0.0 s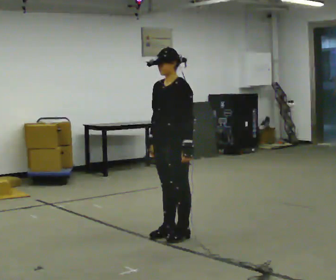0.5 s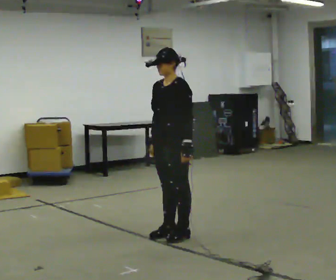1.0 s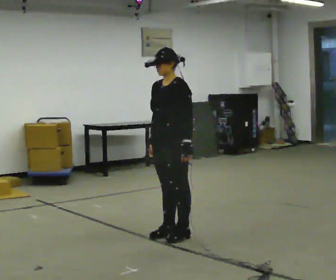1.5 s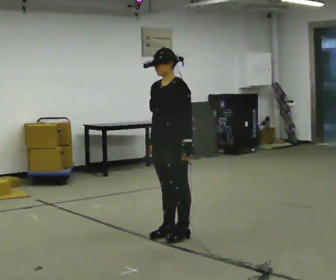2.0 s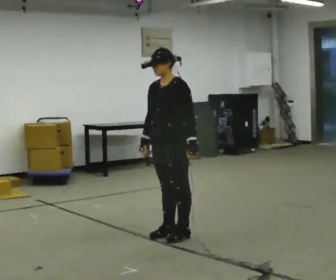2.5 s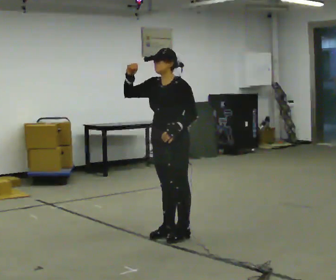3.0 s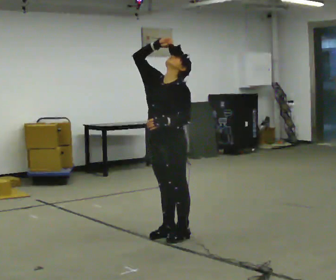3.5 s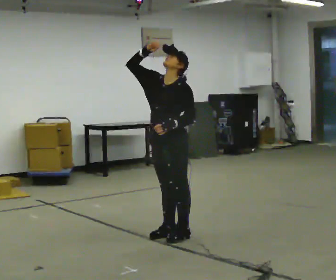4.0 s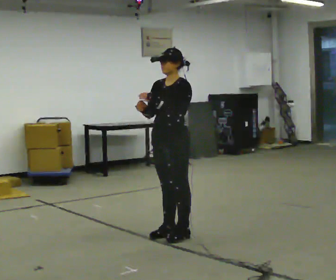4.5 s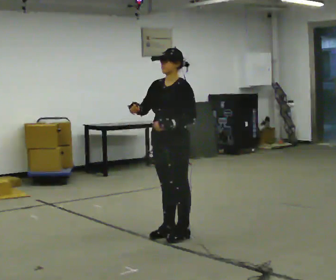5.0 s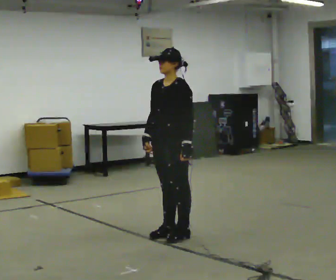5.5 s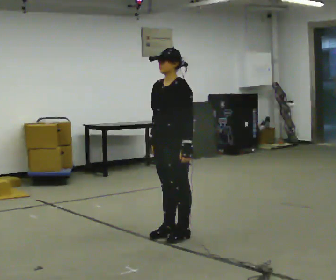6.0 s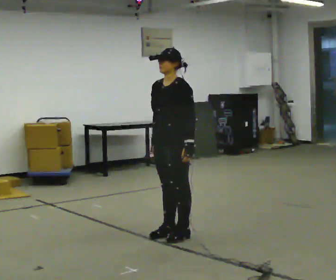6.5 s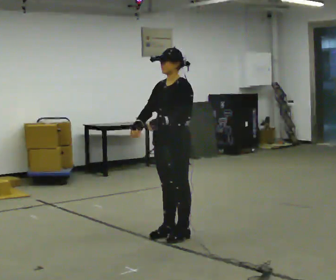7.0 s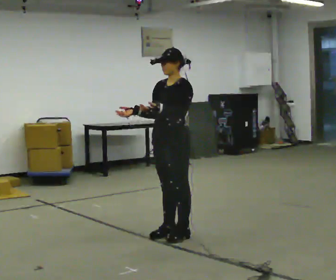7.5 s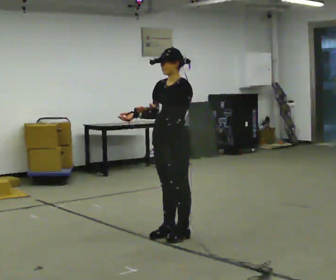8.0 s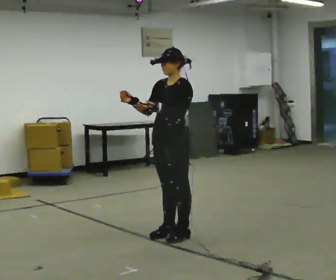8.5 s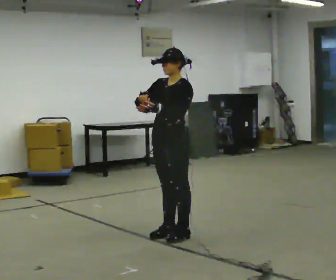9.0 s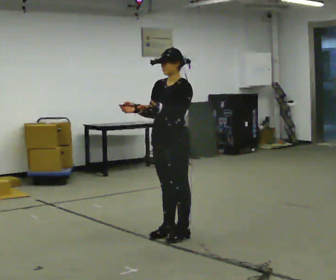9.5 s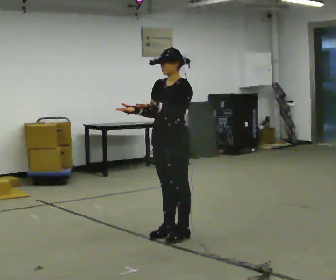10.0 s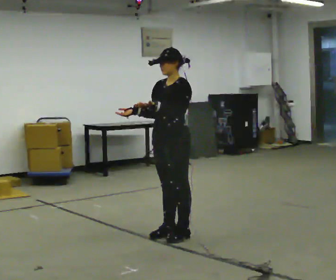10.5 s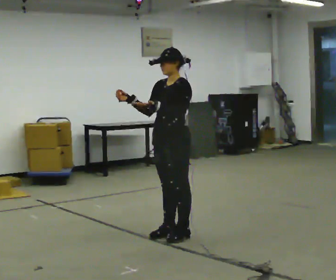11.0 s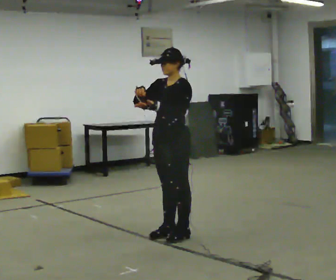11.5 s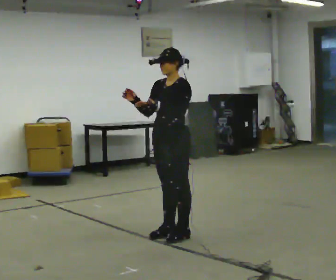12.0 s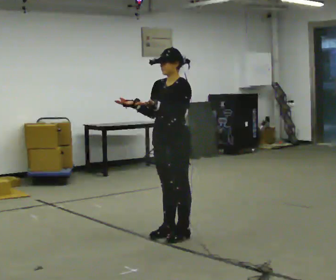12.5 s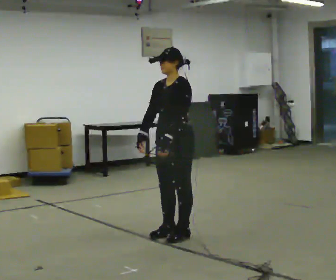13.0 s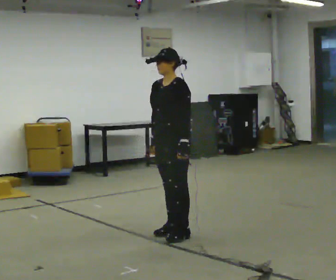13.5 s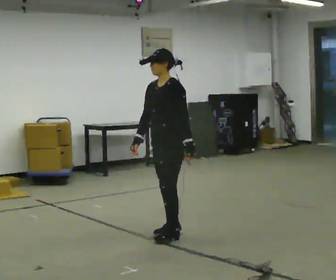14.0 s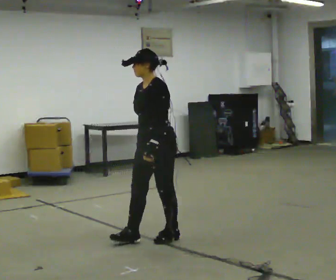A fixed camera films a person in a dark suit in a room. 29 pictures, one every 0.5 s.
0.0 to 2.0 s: The person moves a little, or ends about where they began.
2.0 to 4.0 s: In the picture their left hand goes upward.
4.0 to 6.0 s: In the picture their left hand goes downward.
6.0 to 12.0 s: In the picture their left hand goes upward and to the left.
12.0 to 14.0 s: In the picture their right hand goes downward.
The film runs backward here.
